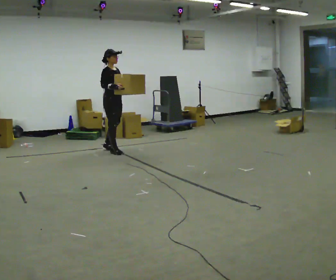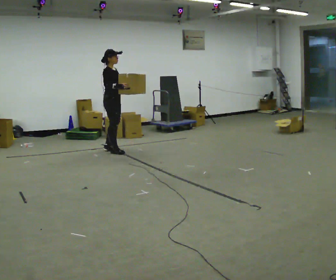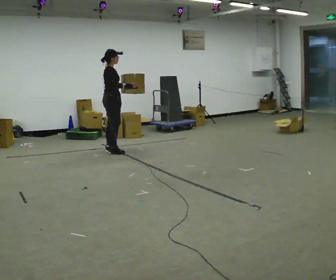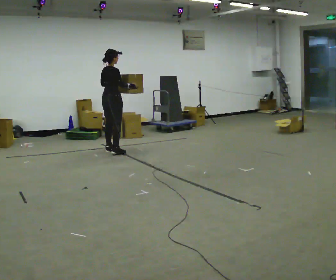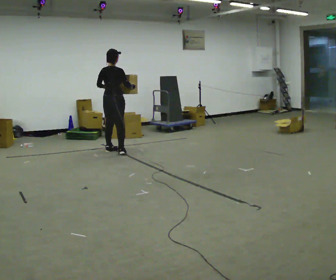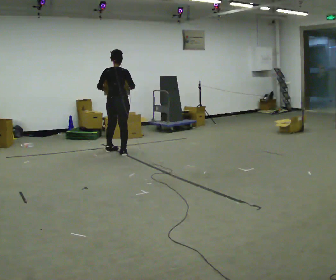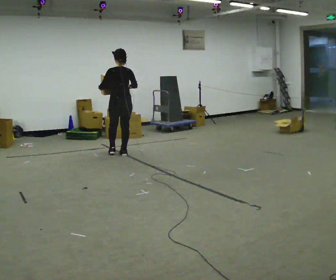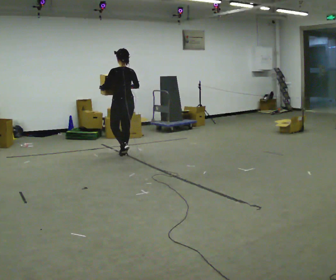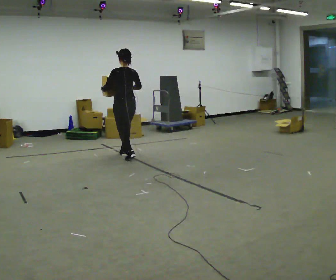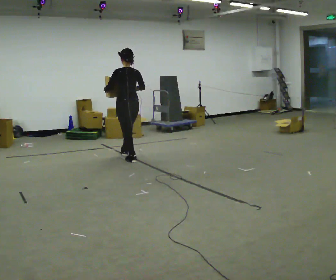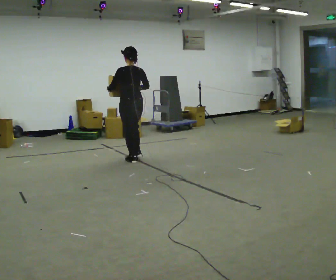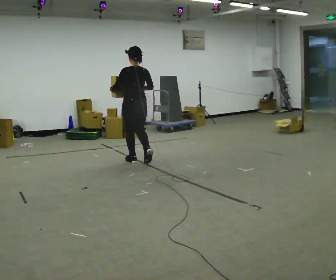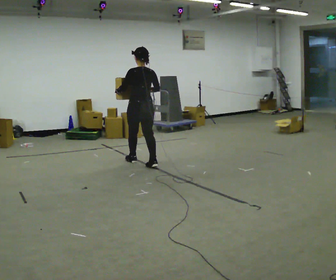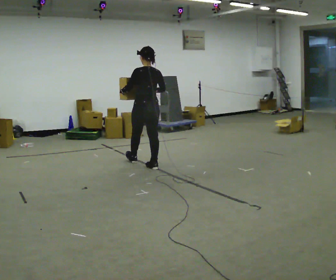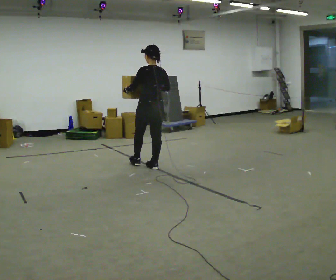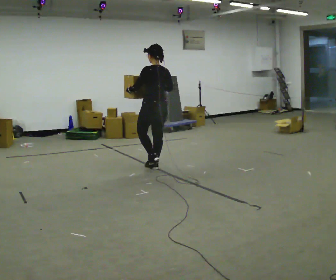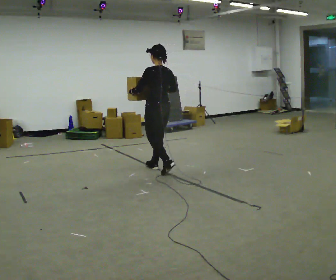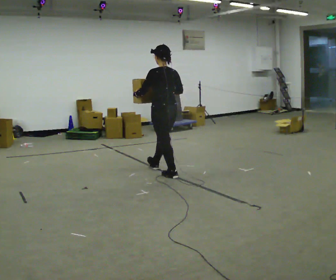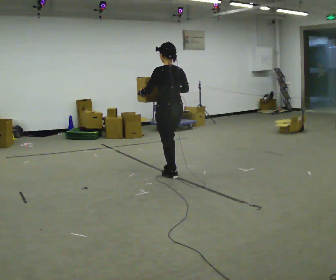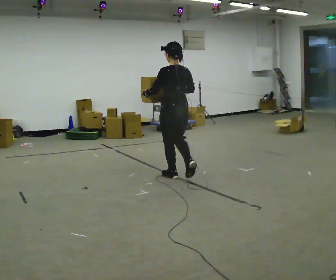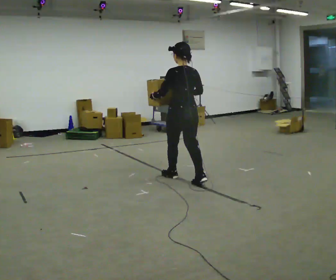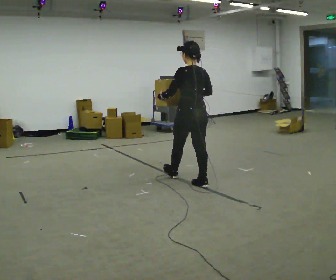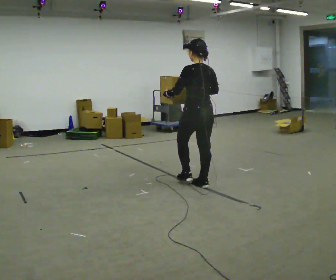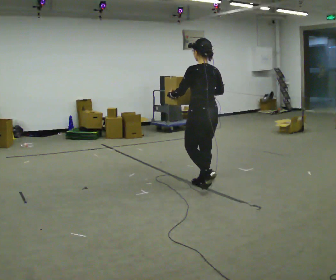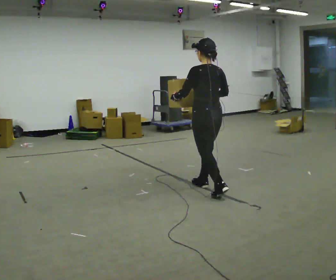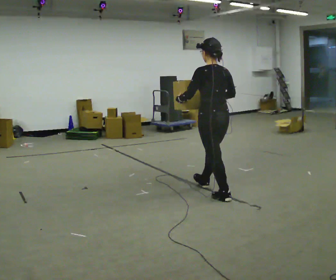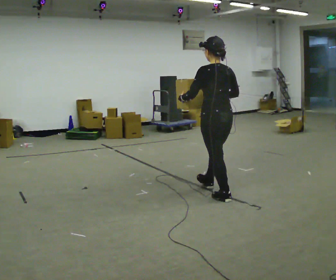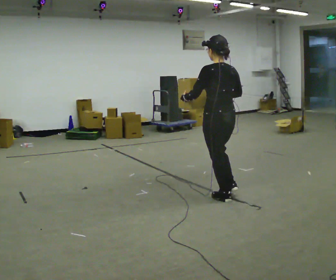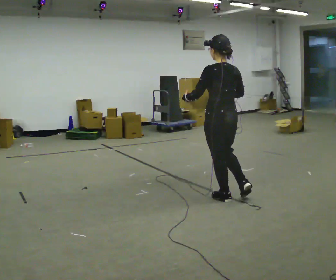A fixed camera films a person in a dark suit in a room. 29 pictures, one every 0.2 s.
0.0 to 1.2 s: The person turns about 150 degrees to their left, counterclockwise seen from above, so the part of the body nearest the lens slides to the right. In the picture they go toward the camera and to the right, about 0.25 m in 3 steps.
1.2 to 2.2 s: In the picture they go toward the camera and to the right, about 0.5 m in 1 step, which for them is backward.
2.2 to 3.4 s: In the picture they go toward the camera and to the right, about 0.75 m in 1 step, which for them is backward.
3.4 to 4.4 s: In the picture they go toward the camera and to the right, about 0.75 m in 2 steps, which for them is backward.
4.4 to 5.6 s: In the picture they go toward the camera, about 0.5 m in 1 step, which for them is backward.
The film runs backward here.
